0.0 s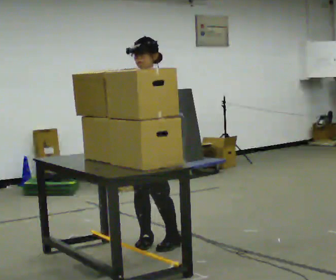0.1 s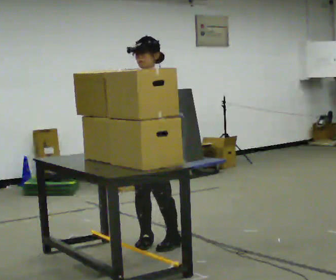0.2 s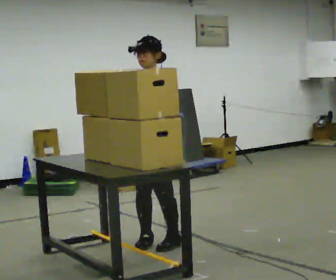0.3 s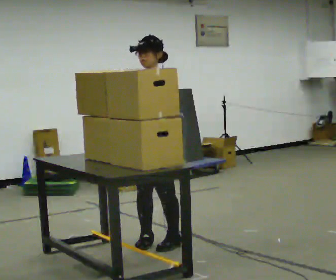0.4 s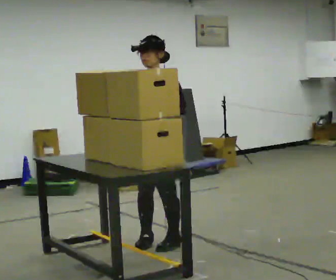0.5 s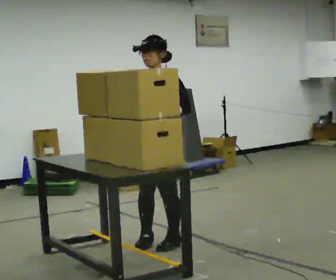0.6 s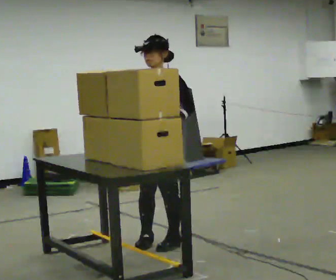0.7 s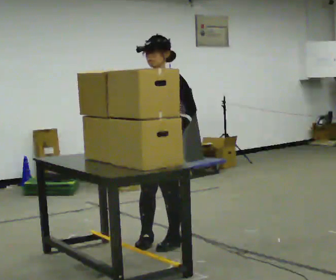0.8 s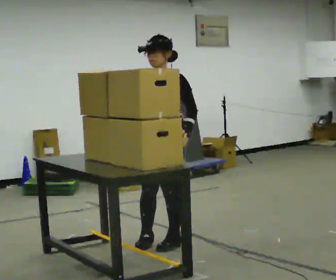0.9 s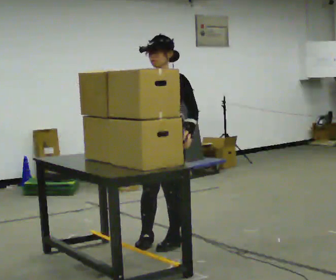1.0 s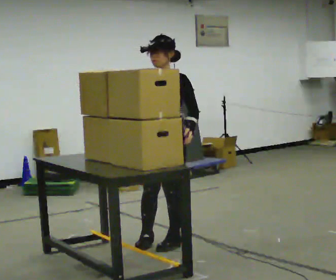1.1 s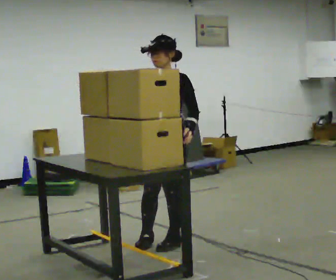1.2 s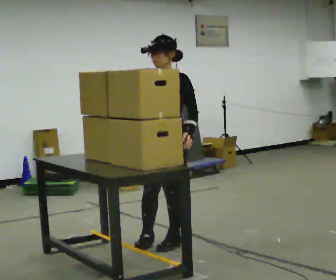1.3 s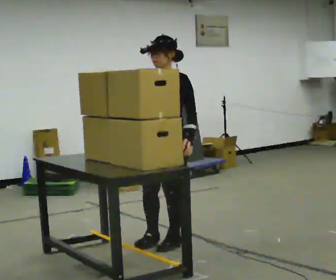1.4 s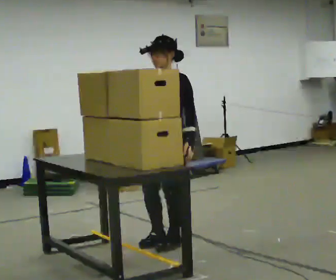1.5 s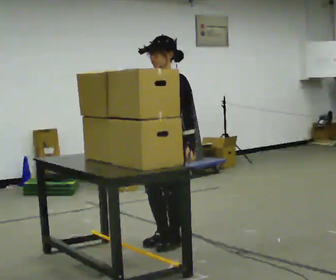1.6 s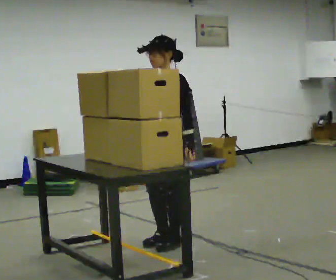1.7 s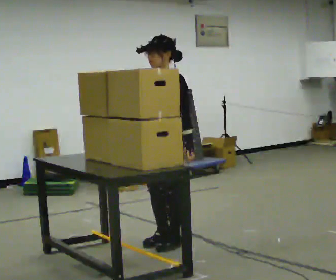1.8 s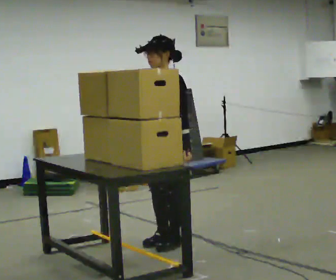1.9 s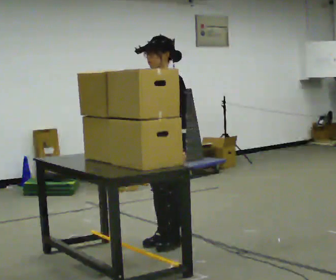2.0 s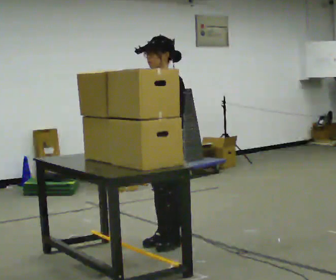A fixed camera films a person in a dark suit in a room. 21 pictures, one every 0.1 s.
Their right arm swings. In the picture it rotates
counterclockwise.
0.0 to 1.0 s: In the picture their left hand goes to the right.
1.0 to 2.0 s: In the picture their right hand goes downward, the arm swinging counterclockwise.
The film runs forward here.
